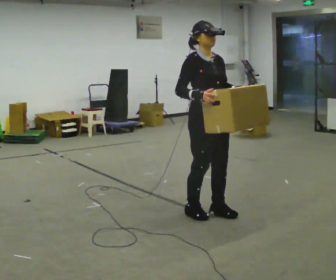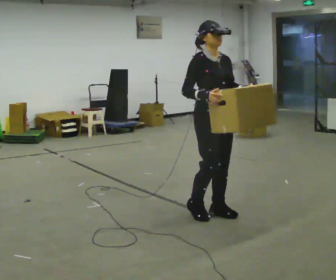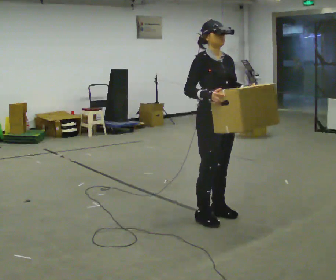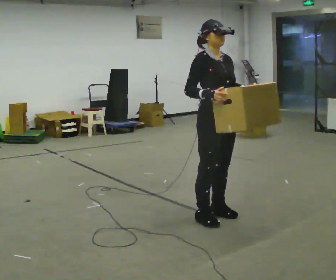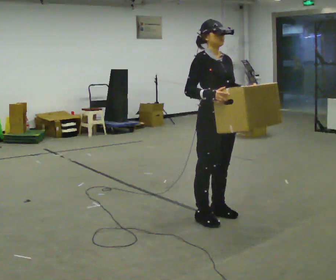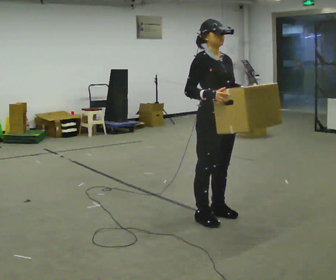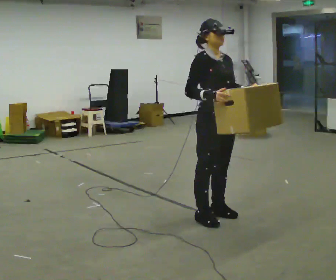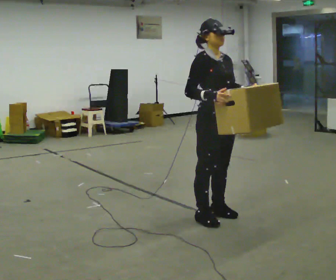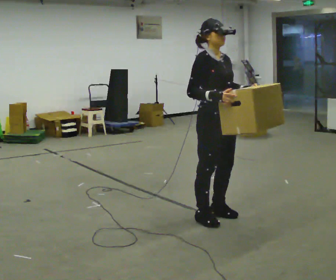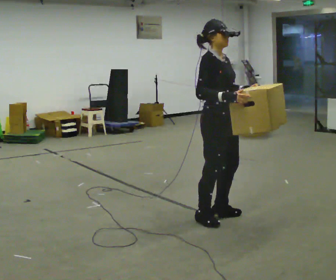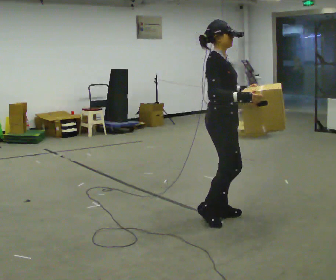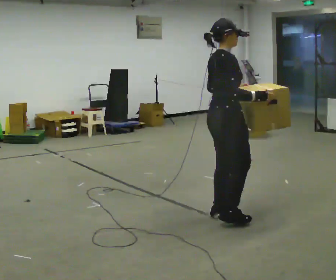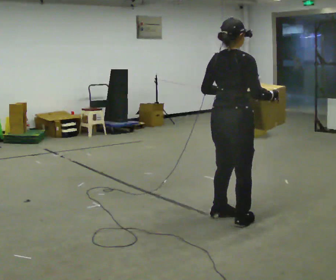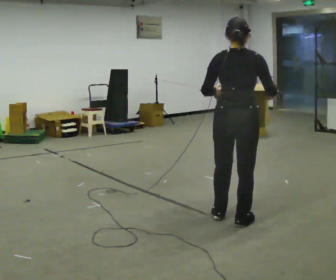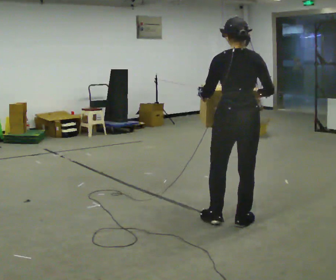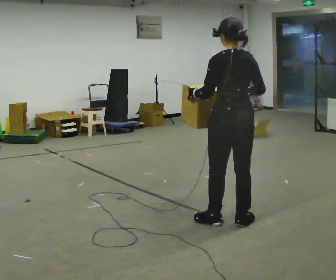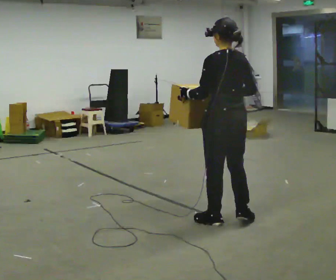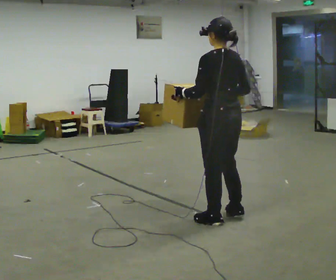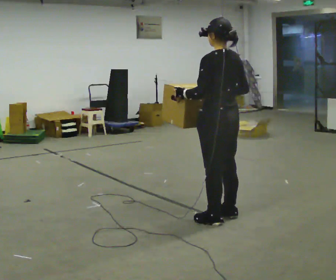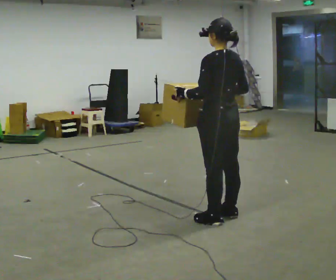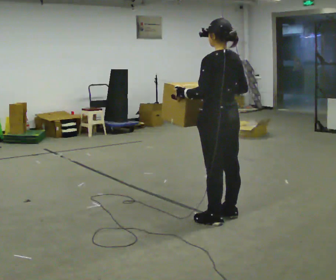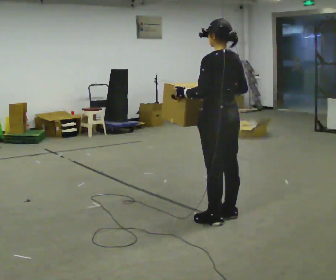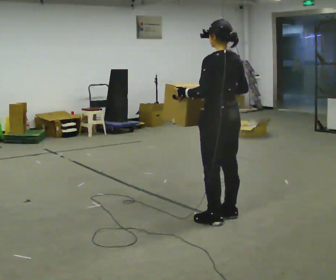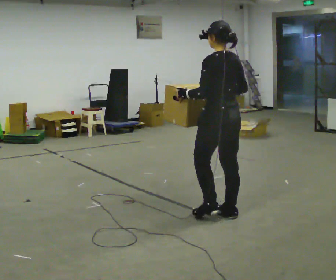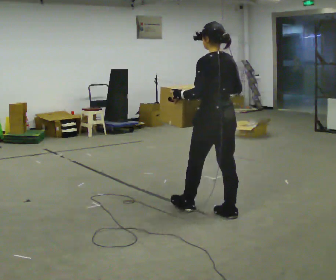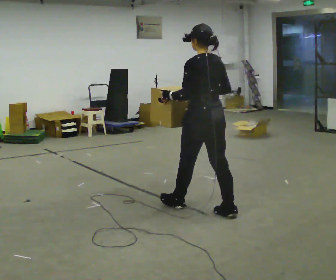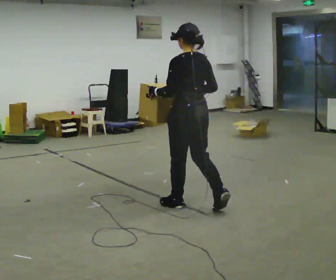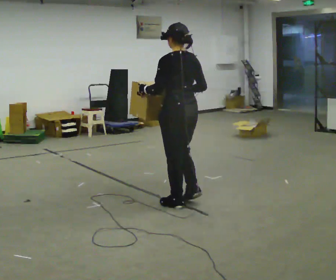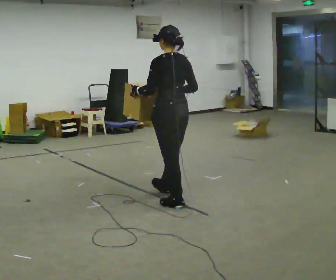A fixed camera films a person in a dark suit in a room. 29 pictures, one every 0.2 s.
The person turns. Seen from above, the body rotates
counterclockwise.
The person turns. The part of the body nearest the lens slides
to the right.
0.0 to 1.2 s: The person moves a little, or ends about where they began.
1.2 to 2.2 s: The person turns about 60 degrees to their left, counterclockwise seen from above, so the part of the body nearest the lens slides to the right.
2.2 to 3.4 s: The part of the body nearest the lens slides to the right as the person turns to their left by about 120 degrees.
3.4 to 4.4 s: The person moves a little, or ends about where they began.
4.4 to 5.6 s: In the picture they go to the left and away from the camera, about 0.5 m in 1 step, which for them is forward.
The film runs forward here.
